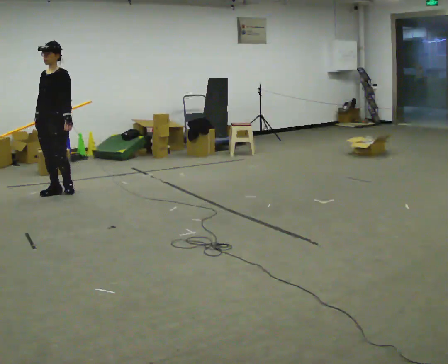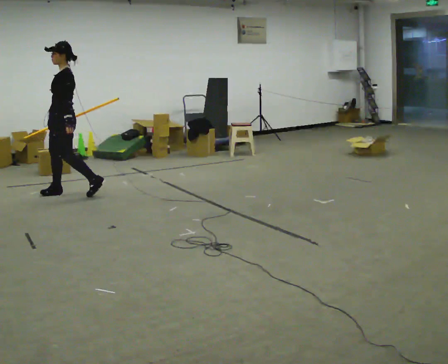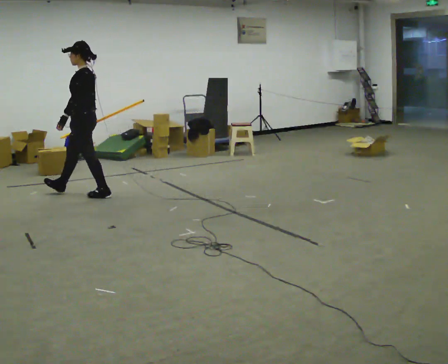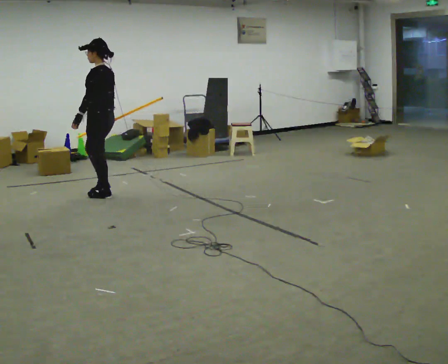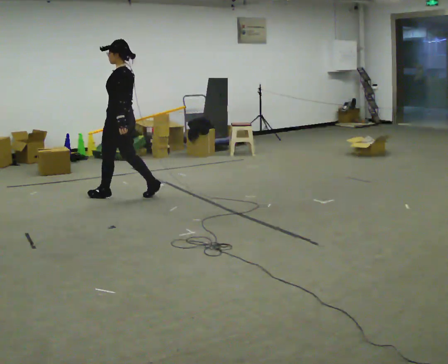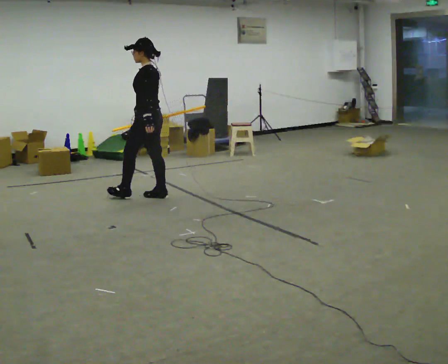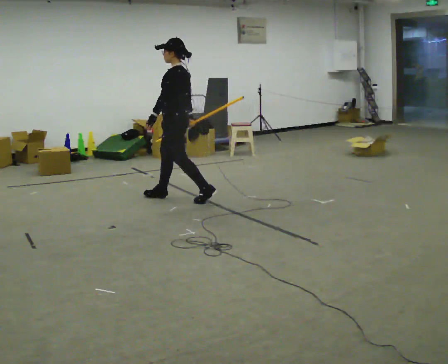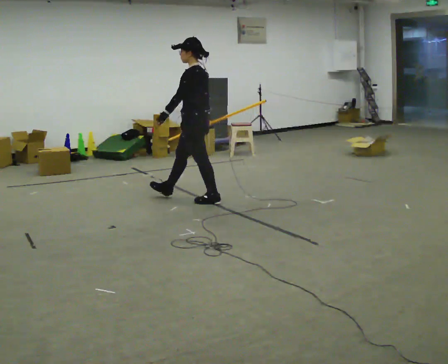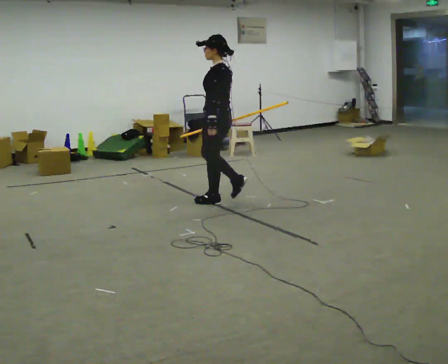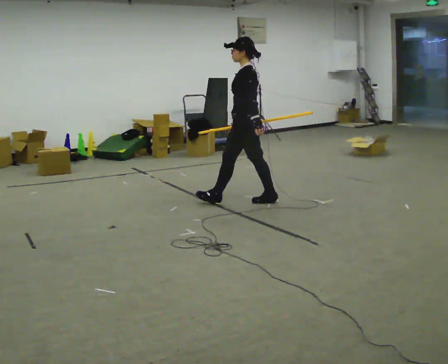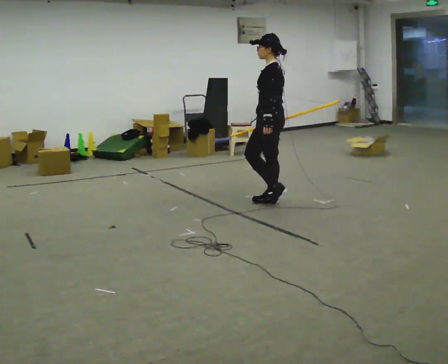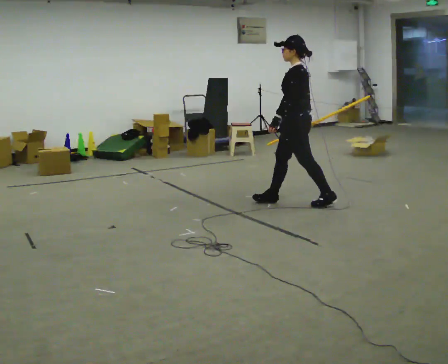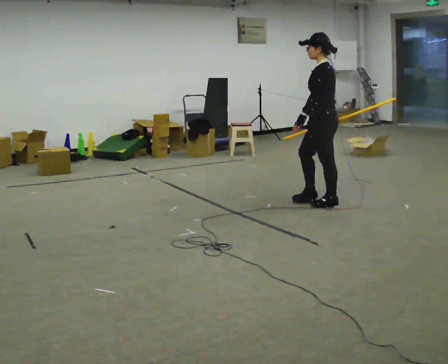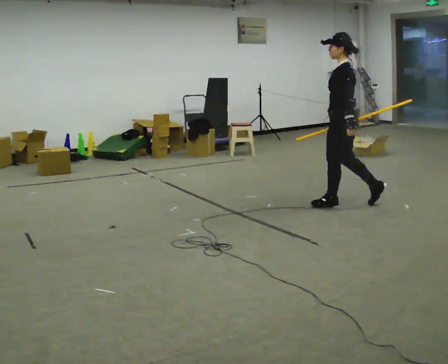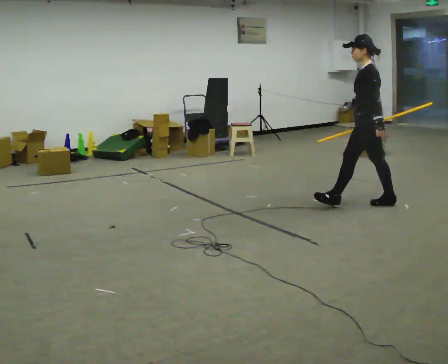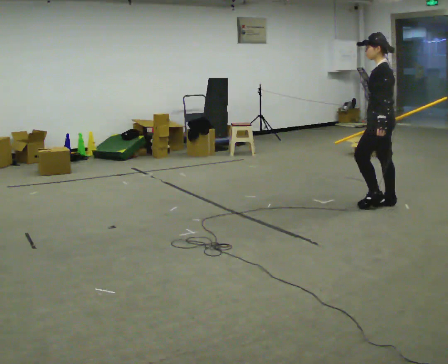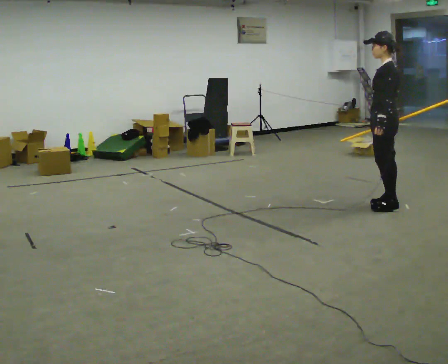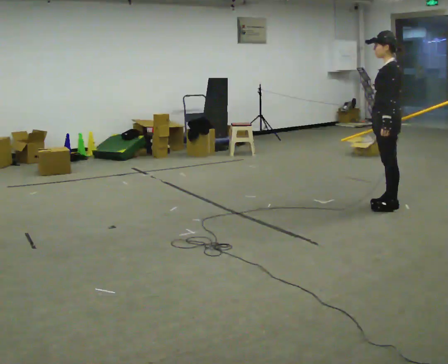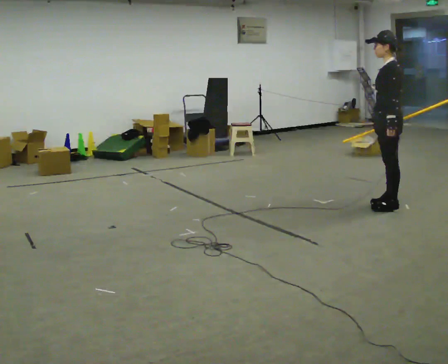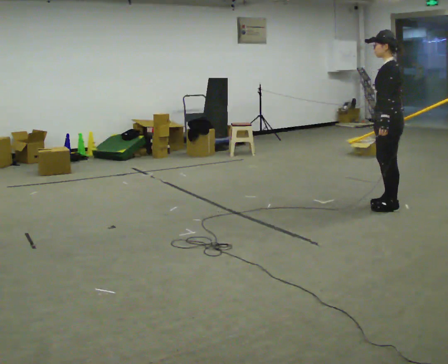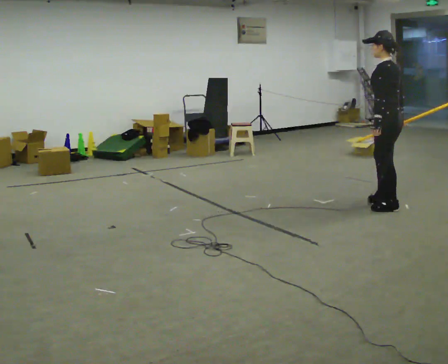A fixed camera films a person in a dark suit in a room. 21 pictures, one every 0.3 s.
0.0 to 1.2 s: Seen from above the body turns clockwise, about 90 degrees: to their right, with its near side sliding to the left. In the picture they go to the right, about 1 m in 1 step.
1.2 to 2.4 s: In the picture they go to the right, about 1 m in 2 steps, which for them is backward.
2.4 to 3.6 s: In the picture they go to the right, about 1 m in 2 steps, which for them is backward.
3.6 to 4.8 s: In the picture they go to the right, about 0.5 m in 1 step, which for them is backward.
4.8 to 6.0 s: The person moves a little, or ends about where they began.
The film runs backward here.
